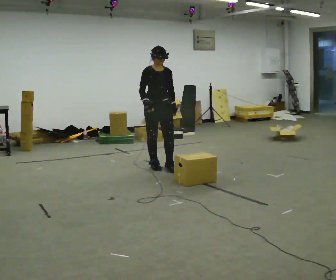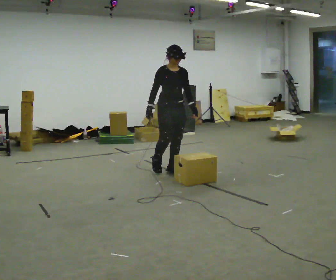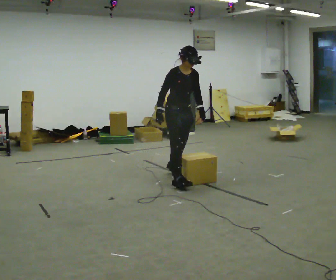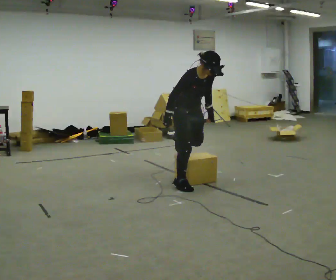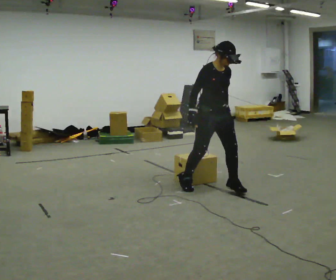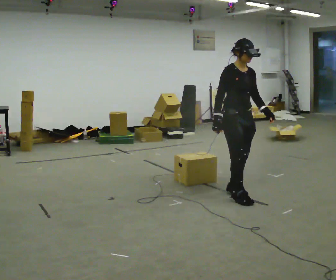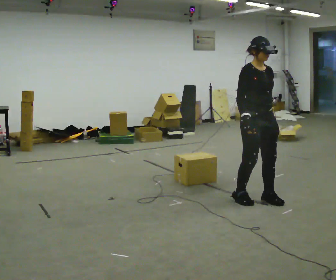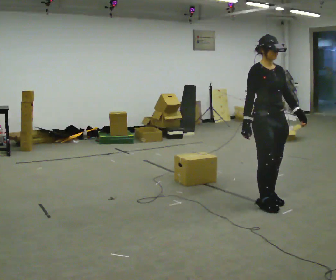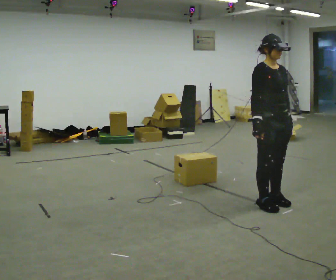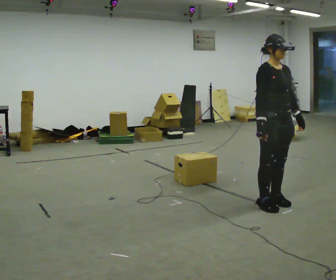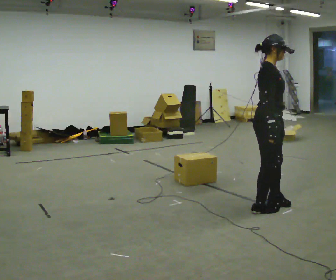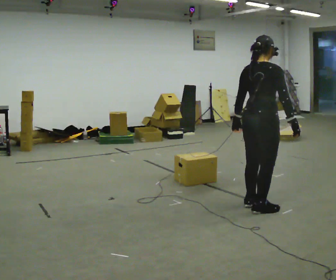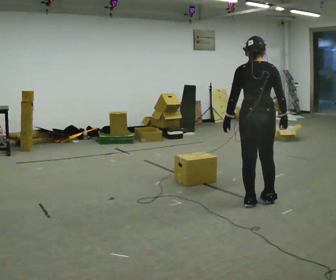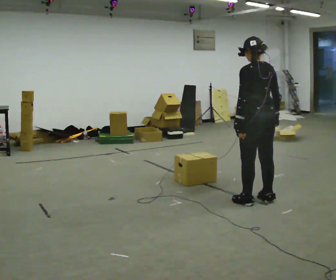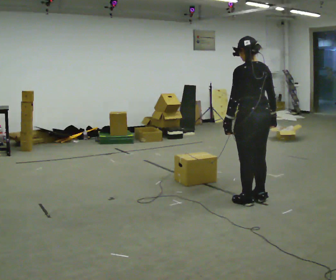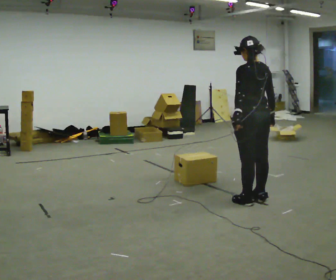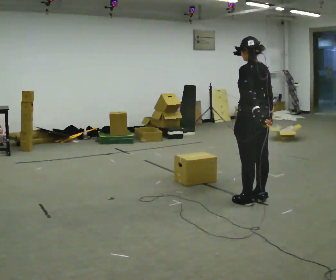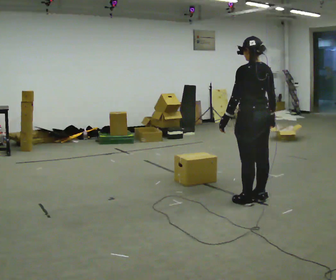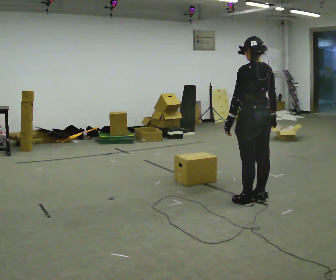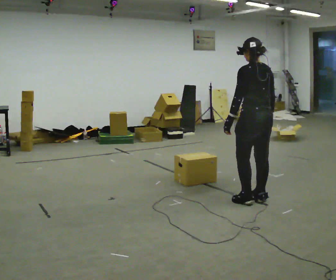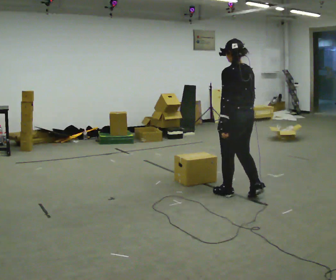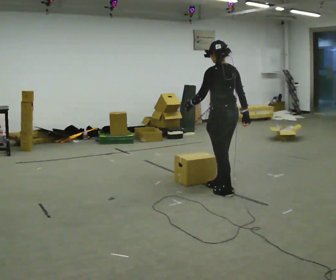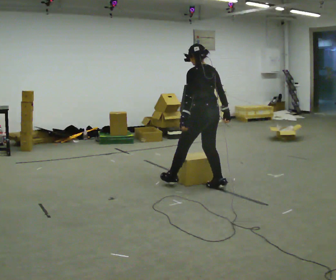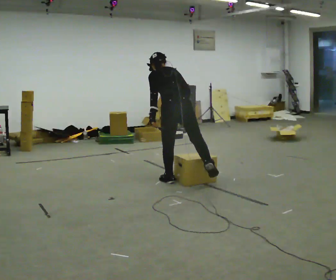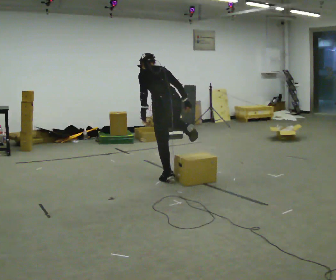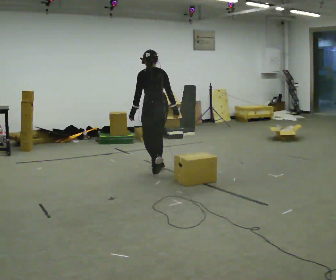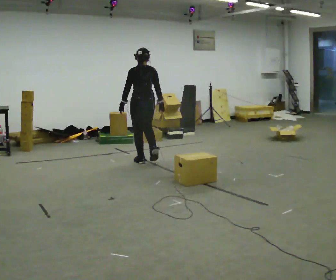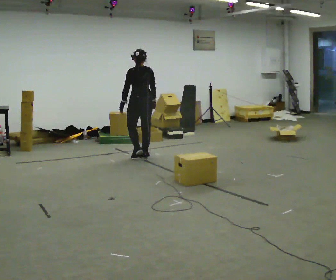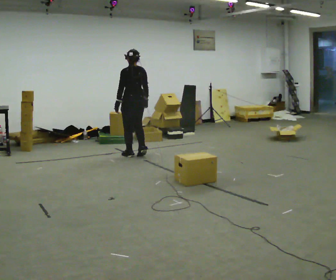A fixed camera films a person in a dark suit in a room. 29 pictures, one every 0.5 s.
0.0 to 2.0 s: In the picture they go toward the camera and to the right, about 1 m in 2 steps, which for them is forward.
2.0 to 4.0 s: In the picture they go to the right and toward the camera, about 0.5 m in 4 steps, which for them is forward.
4.0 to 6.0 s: The person turns about 150 degrees to their left, counterclockwise seen from above, so the part of the body nearest the lens slides to the right.
6.0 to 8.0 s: The part of the body nearest the lens slides to the right as the person turns to their left by about 30 degrees.
8.0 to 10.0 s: In the picture they go to the left, about 0.25 m in 1 step, which for them is forward. In the picture their left hand goes to the left.
10.0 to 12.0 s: In the picture they go to the left and away from the camera, about 1 m in 2 steps, which for them is forward. In the picture the upper body tilts counterclockwise, shoulders to the left, as they bend forward.
12.0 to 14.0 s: In the picture they go away from the camera and to the left, about 1.5 m in 4 steps, which for them is forward. In the picture the upper body tilts clockwise, shoulders to the right, as they lean back or straighten.
The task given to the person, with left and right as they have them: Walk back and forth across the room at a normal pace, looking ahead. There may be something on the floor. Recover however comes naturally and carry on.
The film runs forward here.
